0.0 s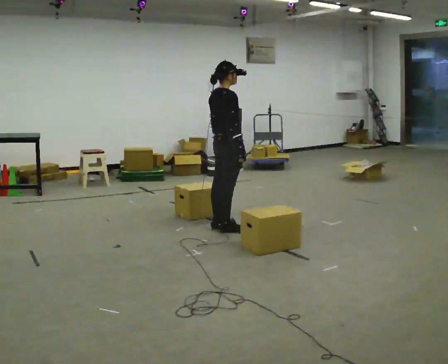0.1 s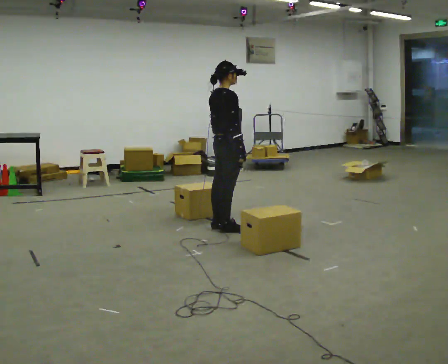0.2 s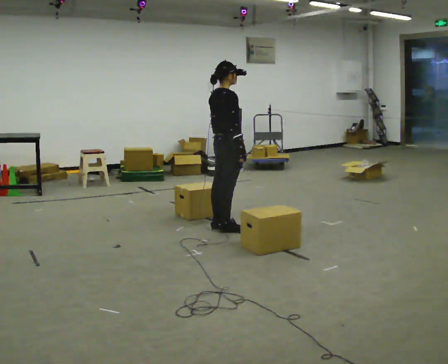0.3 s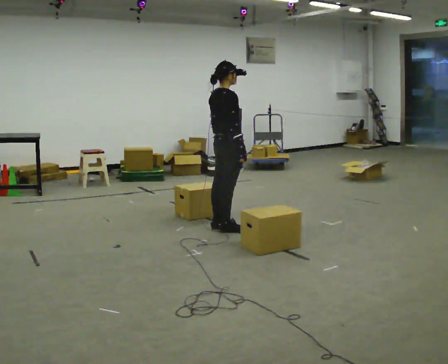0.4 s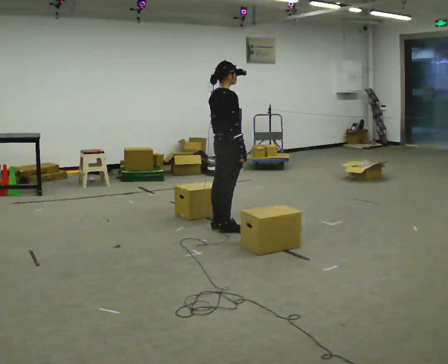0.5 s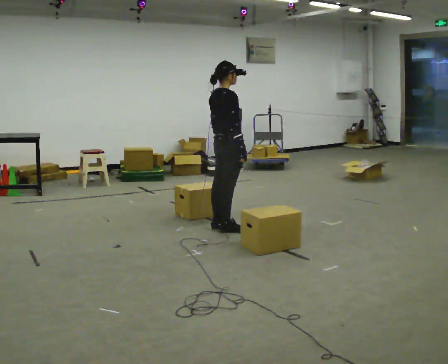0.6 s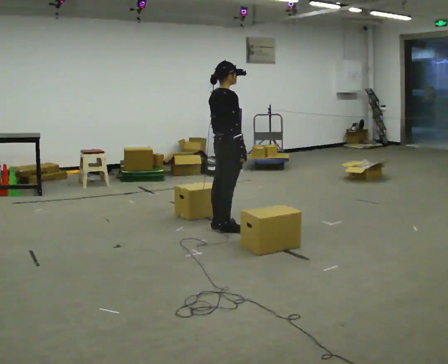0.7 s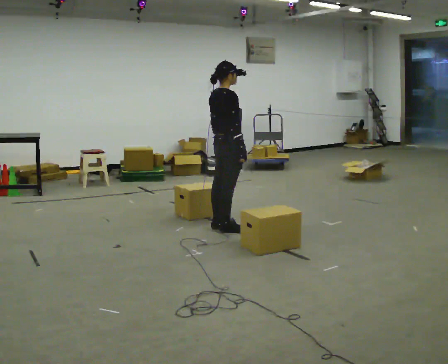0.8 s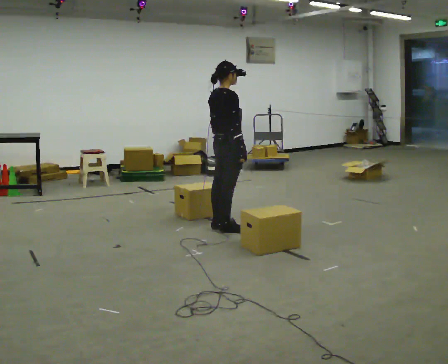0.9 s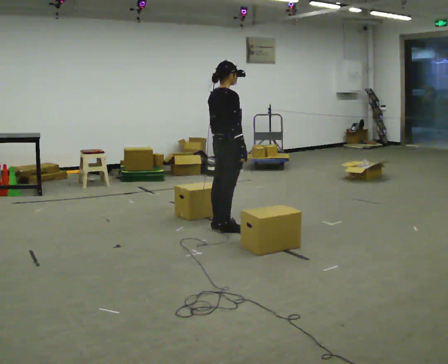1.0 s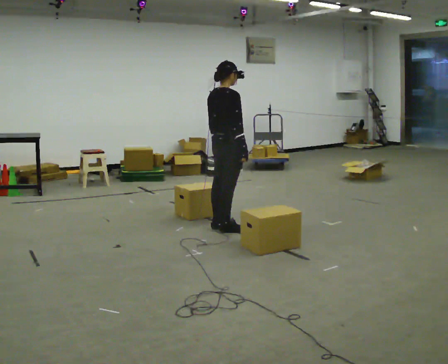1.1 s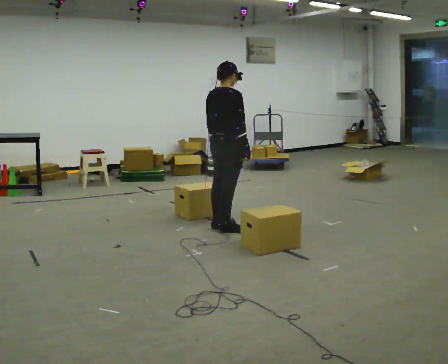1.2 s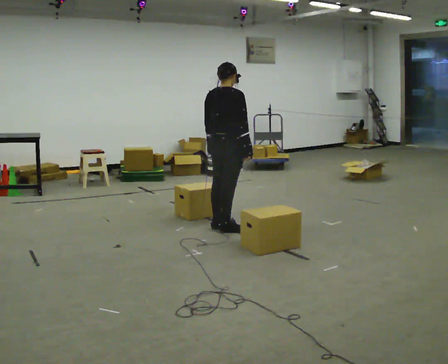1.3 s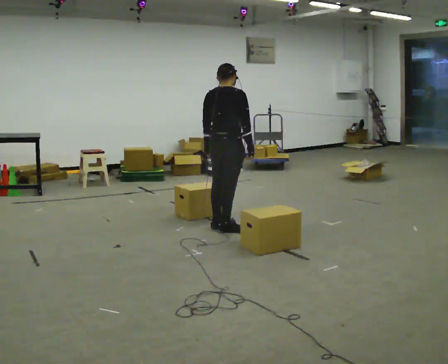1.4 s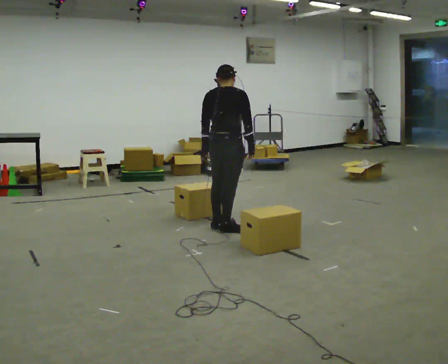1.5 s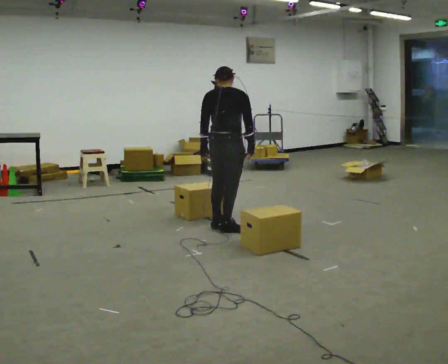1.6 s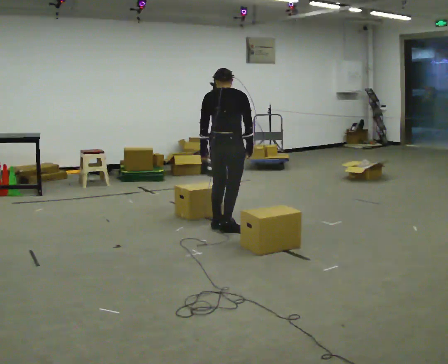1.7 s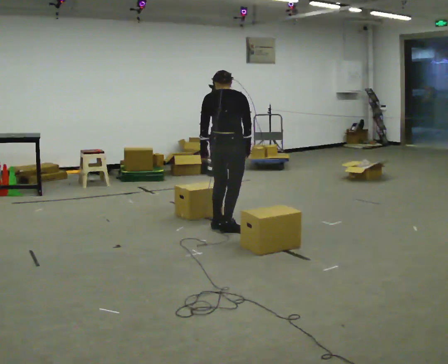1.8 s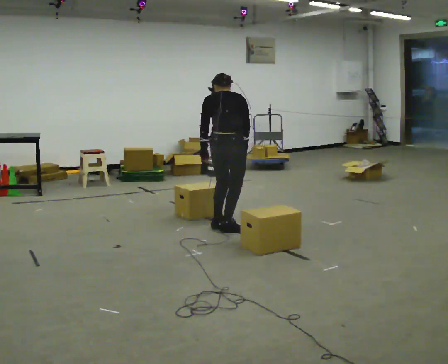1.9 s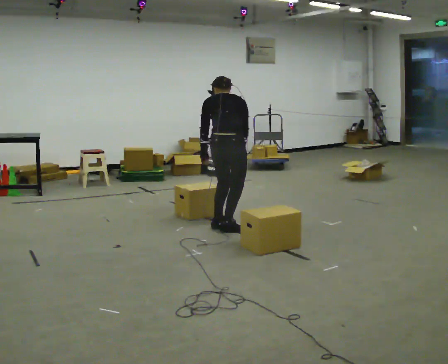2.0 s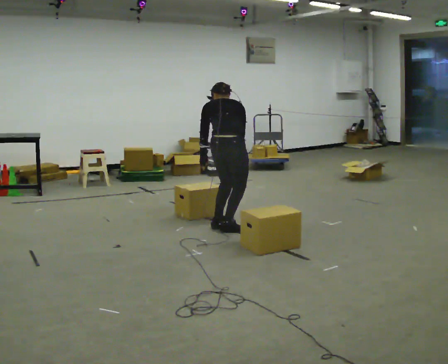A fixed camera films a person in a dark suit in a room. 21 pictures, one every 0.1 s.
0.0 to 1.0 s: The person moves a little, or ends about where they began.
1.0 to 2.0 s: The part of the body nearest the lens slides to the right as the person turns to their left by about 45 degrees. The upper body tips away from the camera, its near side rolling upward, as they bend forward.
The film runs forward here.
